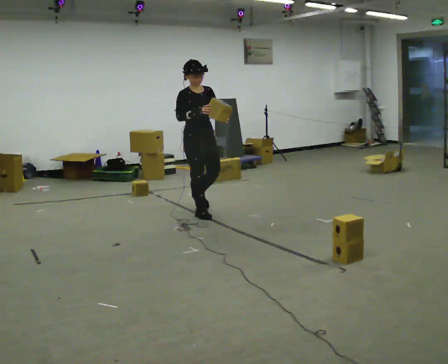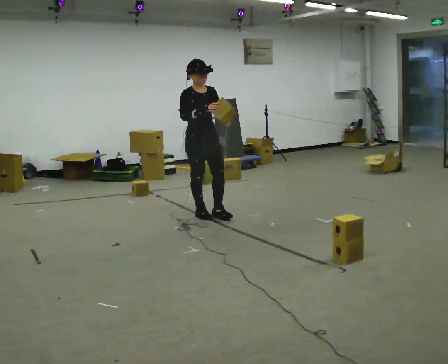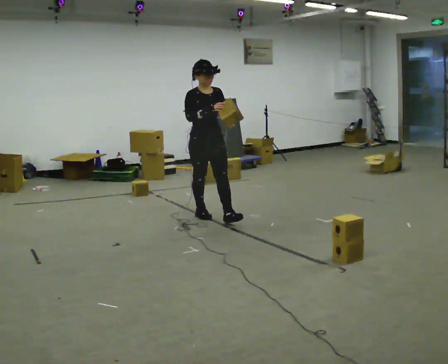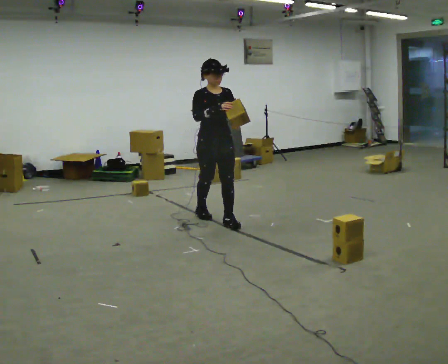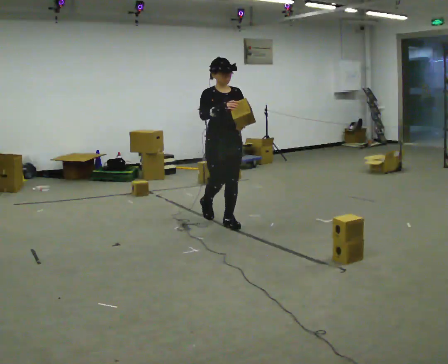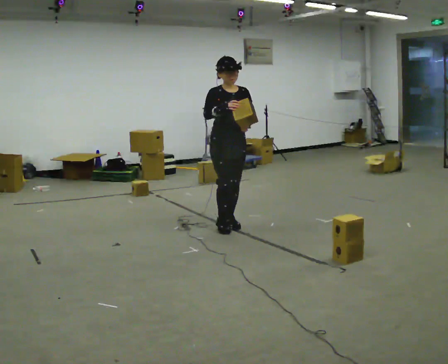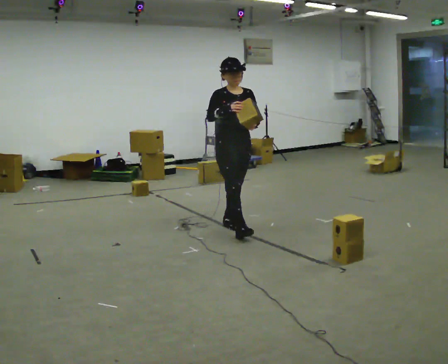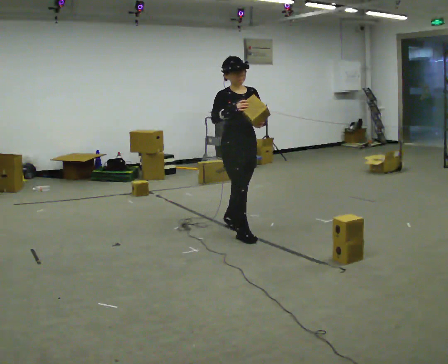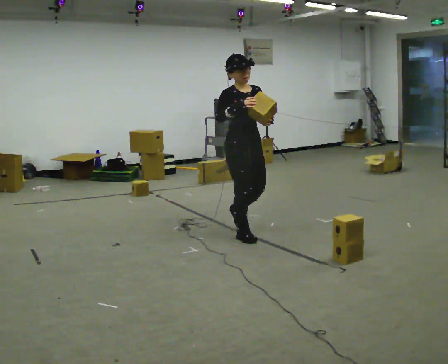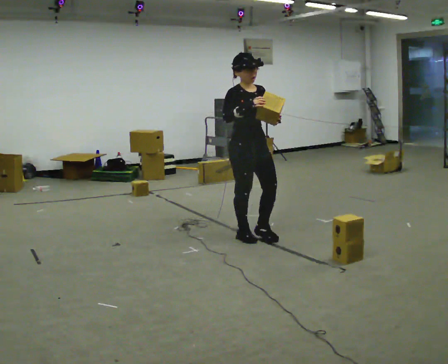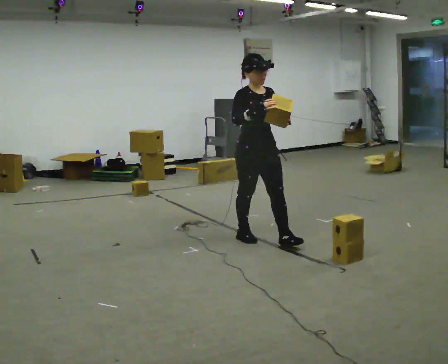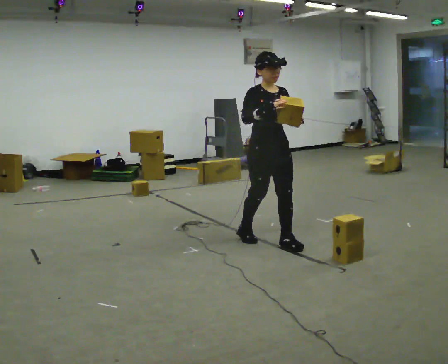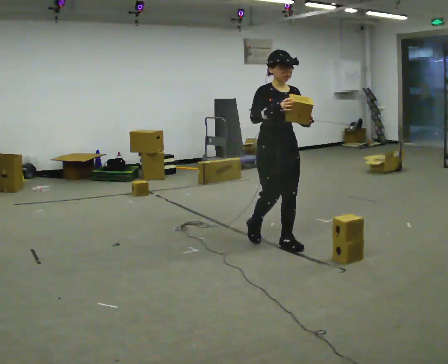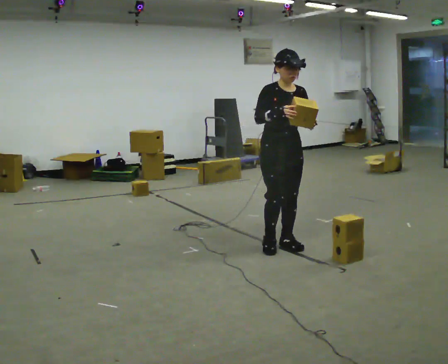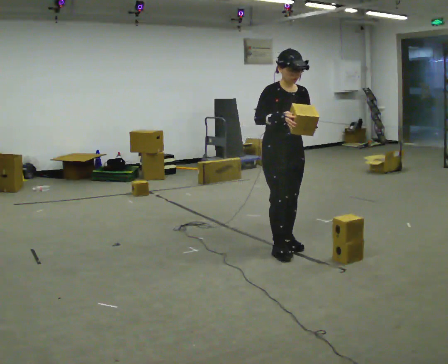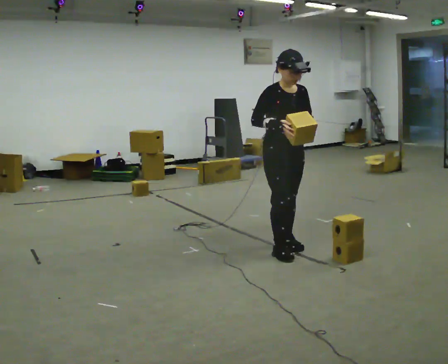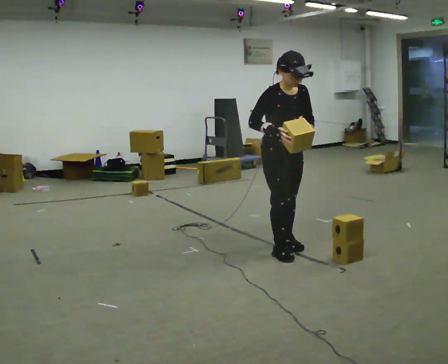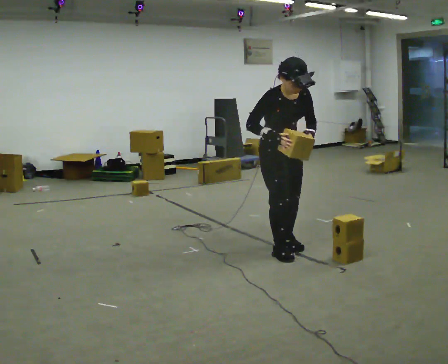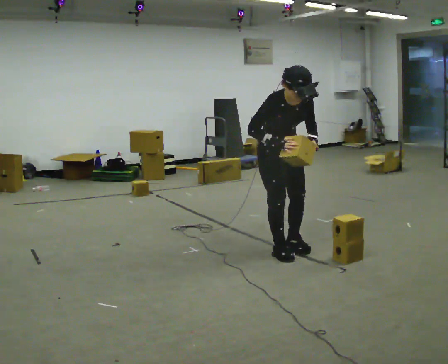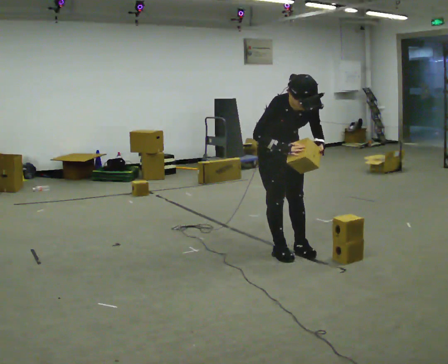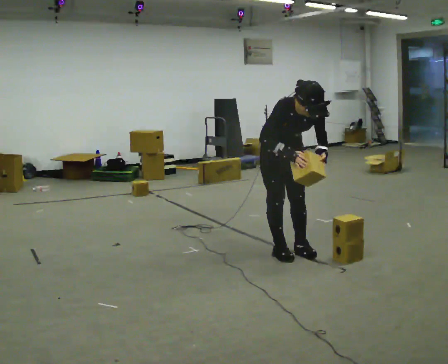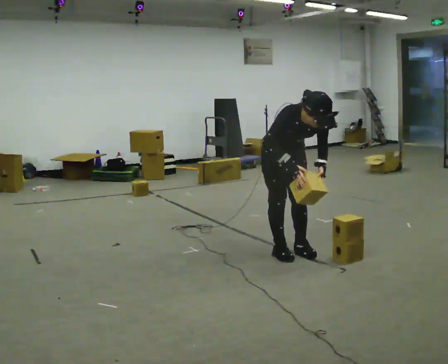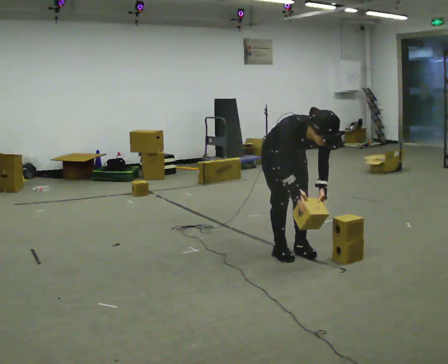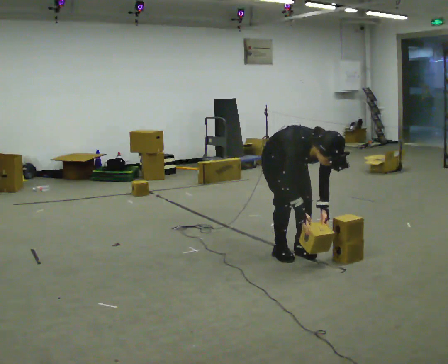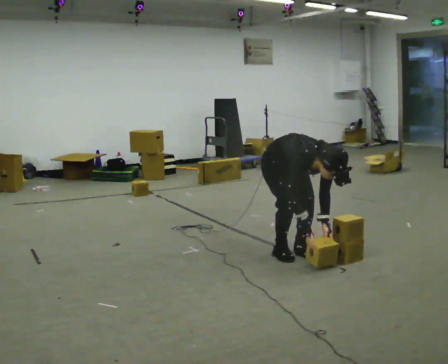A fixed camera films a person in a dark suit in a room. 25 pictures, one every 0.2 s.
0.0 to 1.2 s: In the picture they go toward the camera and to the right, about 0.75 m in 2 steps, which for them is forward.
1.2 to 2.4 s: In the picture they go toward the camera and to the right, about 0.5 m in 1 step, which for them is forward.
2.4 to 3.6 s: In the picture they go toward the camera, about 0.25 m in 1 step, which for them is forward. The upper body tips toward the camera, its near side rolling downward, as they bend forward.
3.6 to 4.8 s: The shoulders move downward. In the picture the upper body tilts clockwise, shoulders to the right, as they bend forward. In the picture their left hand goes downward.
The film runs forward here.
